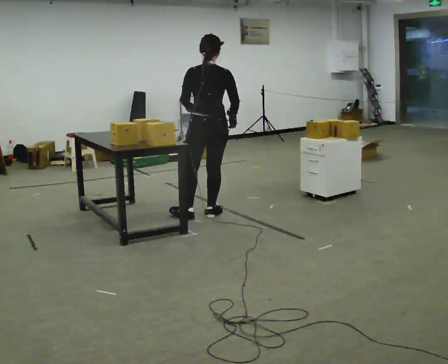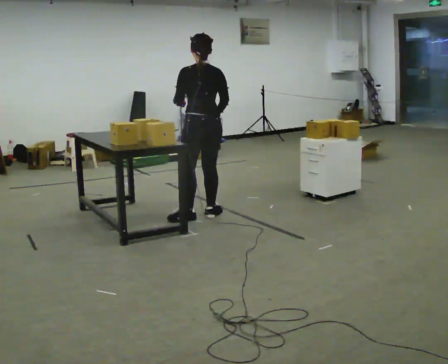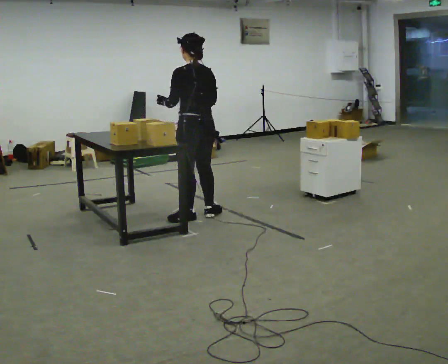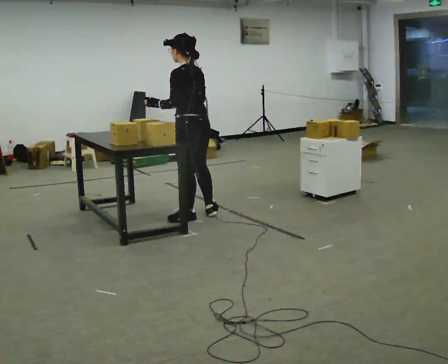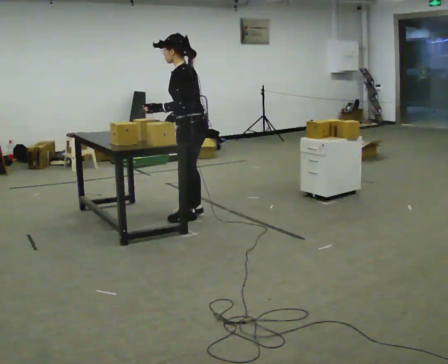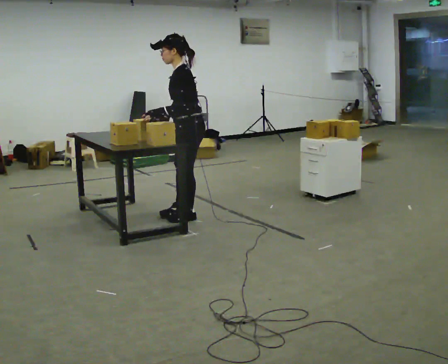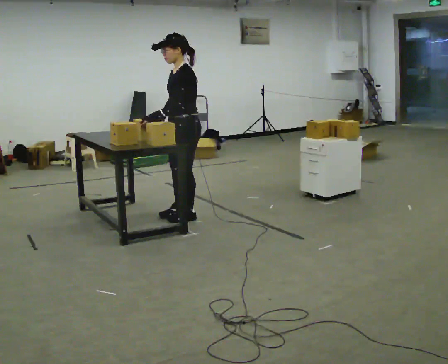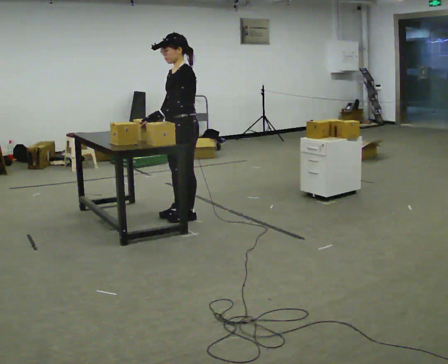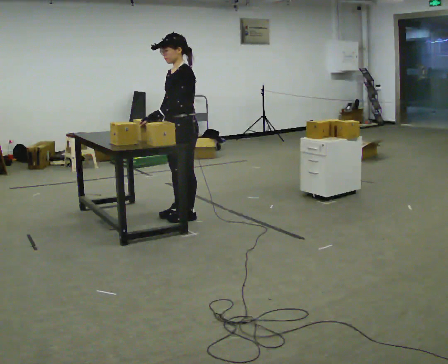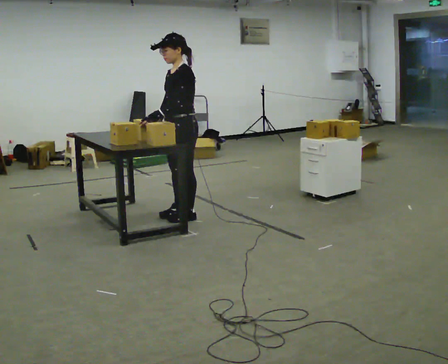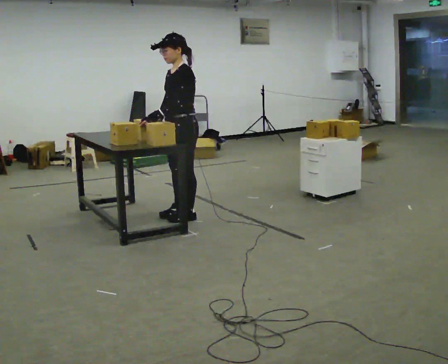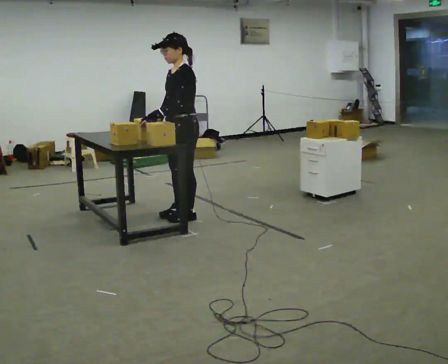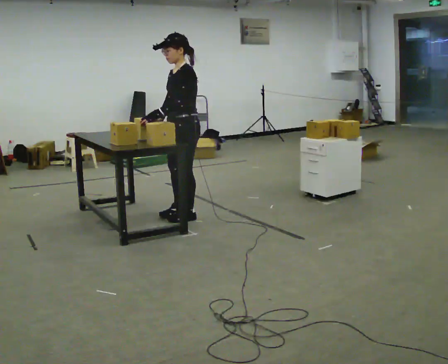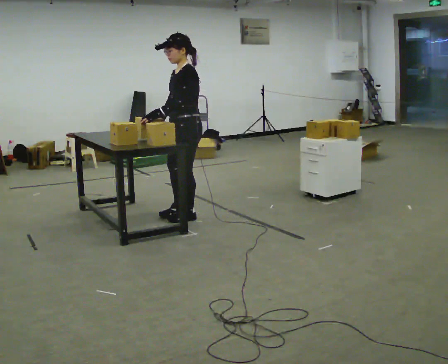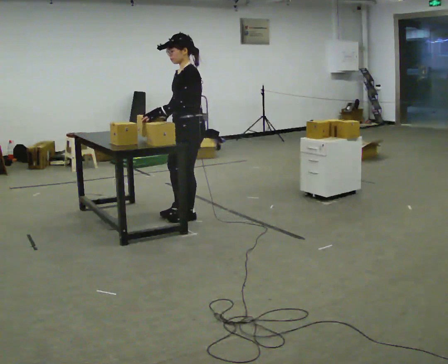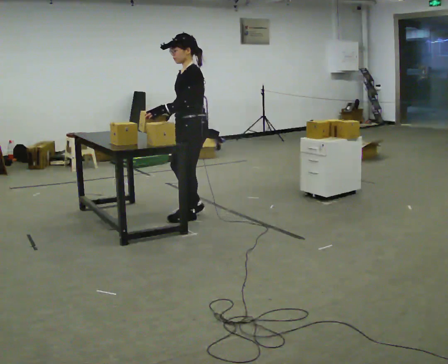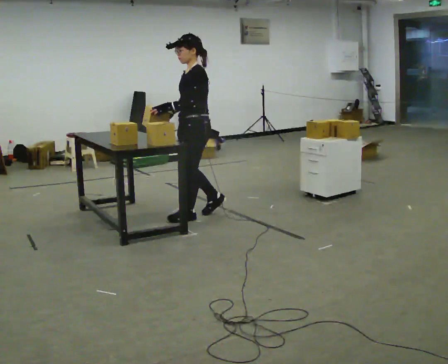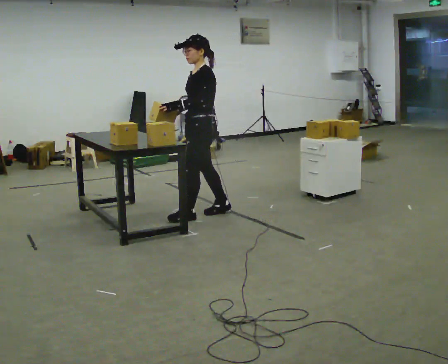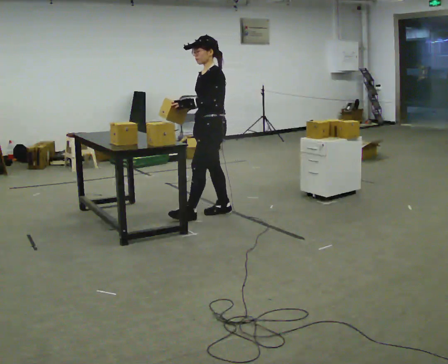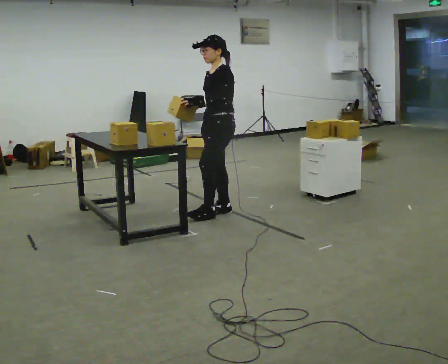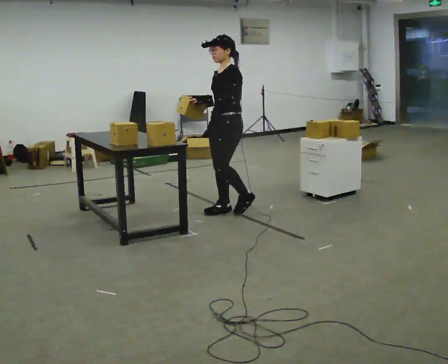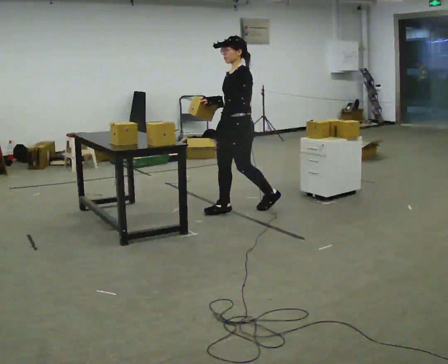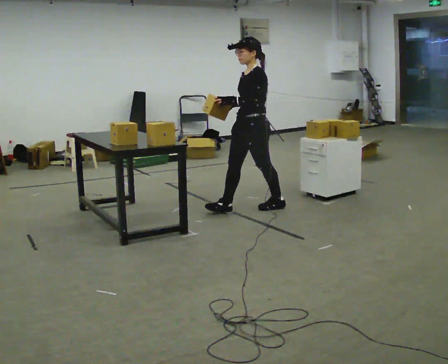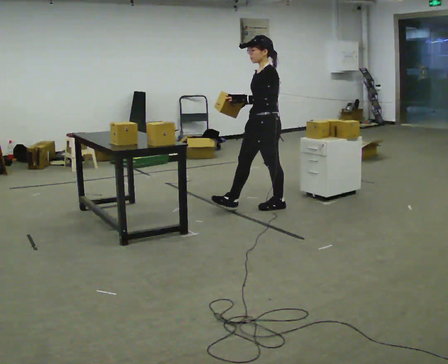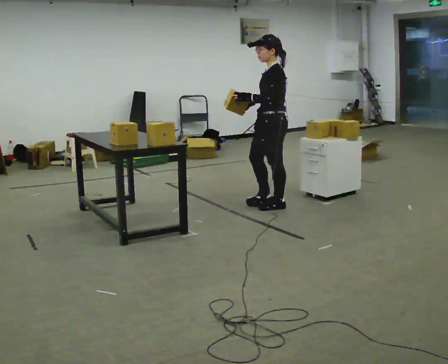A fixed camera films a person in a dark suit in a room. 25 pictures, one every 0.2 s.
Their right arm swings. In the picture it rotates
clockwise.
0.0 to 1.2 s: The person turns about 105 degrees to their left, counterclockwise seen from above, so the part of the body nearest the lens slides to the right. In the picture they go to the left, about 0.25 m in 1 step. In the picture their right hand goes to the left, the arm swinging clockwise.
1.2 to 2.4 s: The person moves a little, or ends about where they began.
2.4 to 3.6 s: In the picture they go to the right, about 0.25 m in 1 step, which for them is backward.
3.6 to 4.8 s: In the picture they go to the right, about 0.5 m in 2 steps, which for them is backward.
The film runs backward here.
